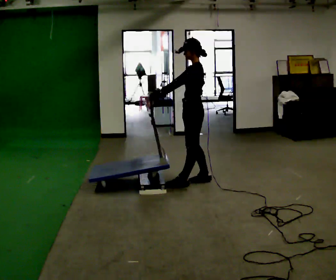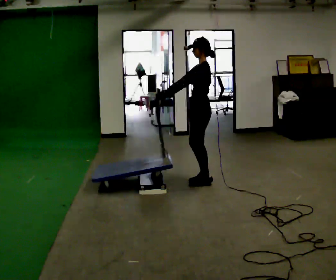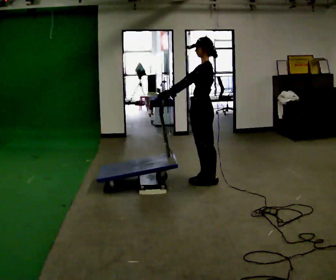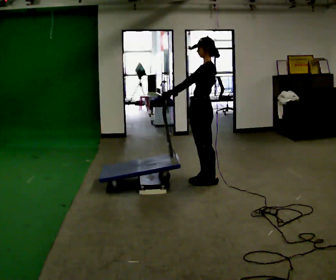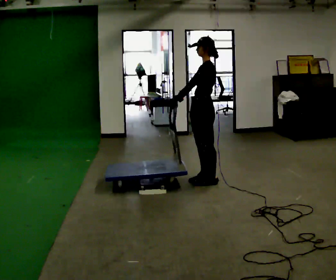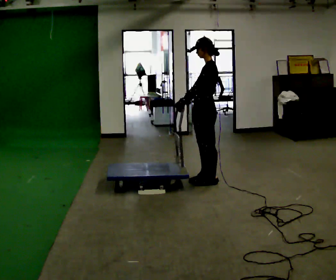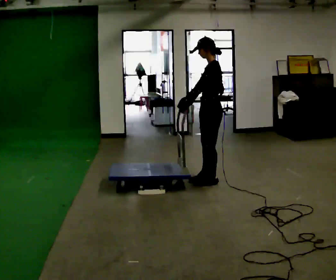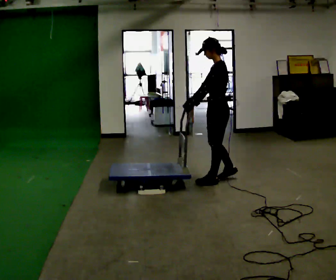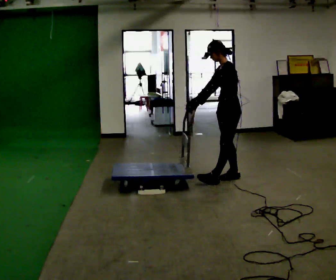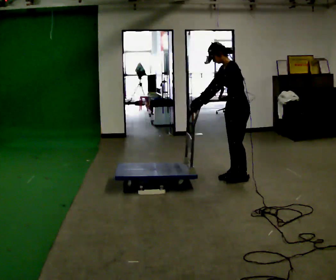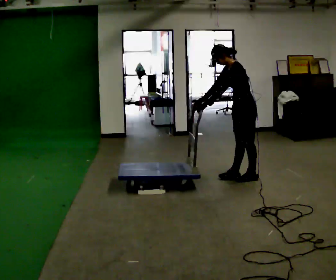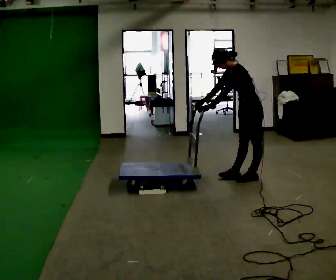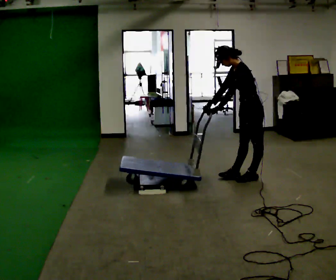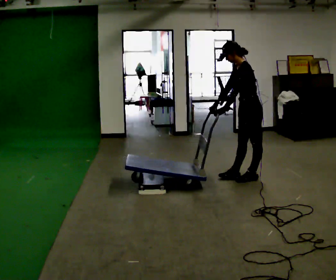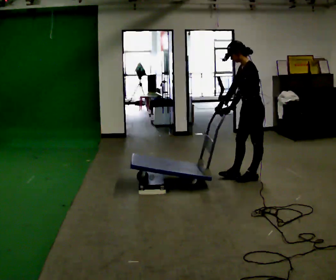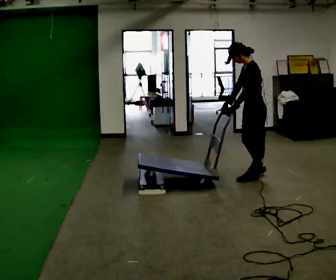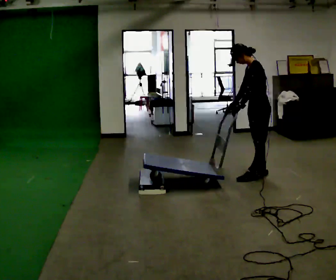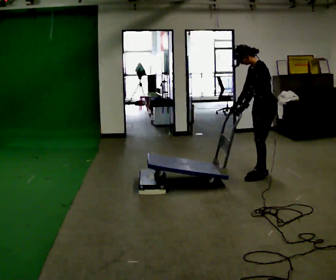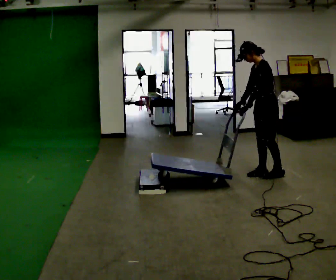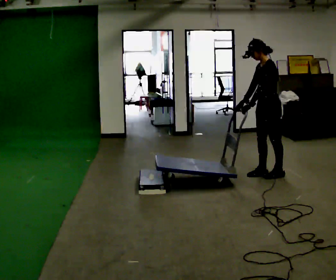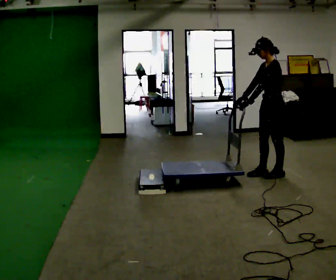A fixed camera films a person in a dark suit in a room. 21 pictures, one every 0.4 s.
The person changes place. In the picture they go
to the right.
0.0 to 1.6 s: The person moves a little, or ends about where they began.
1.6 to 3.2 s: In the picture they go to the right and away from the camera, about 0.25 m in 1 step, which for them is backward and to their right.
3.2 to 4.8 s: In the picture they go to the right, about 0.25 m in 1 step, which for them is backward.
4.8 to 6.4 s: The person moves a little, or ends about where they began.
6.4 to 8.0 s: In the picture they go to the right, about 0.25 m in 1 step, which for them is backward.
The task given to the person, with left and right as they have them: Push the cart up over the low platform edge and down the other side, then bring it back over.
The film runs forward here.
